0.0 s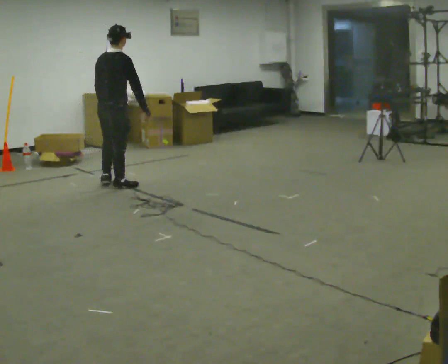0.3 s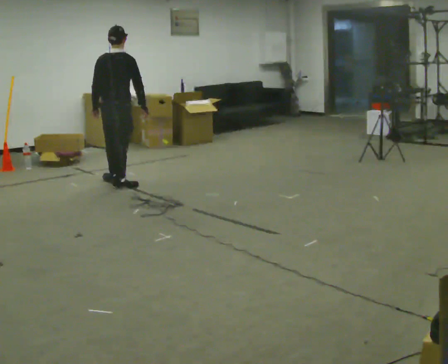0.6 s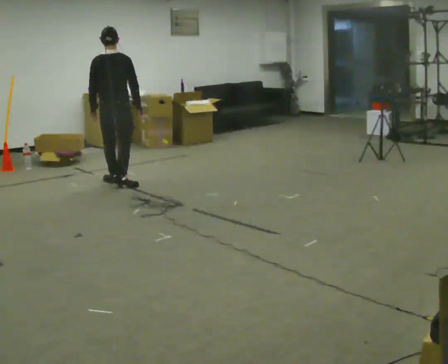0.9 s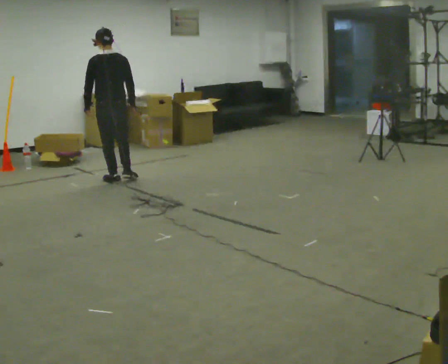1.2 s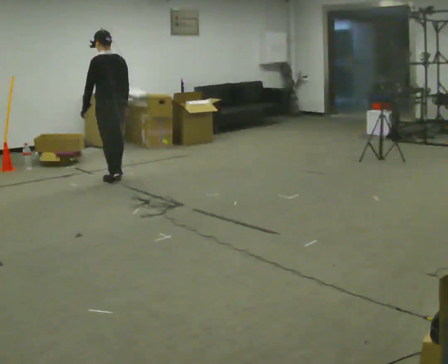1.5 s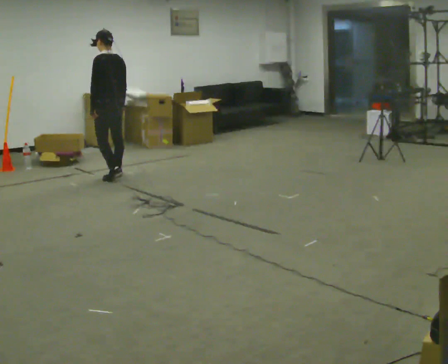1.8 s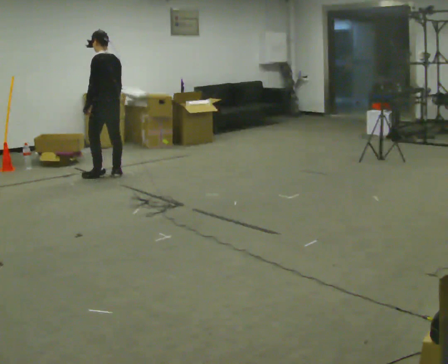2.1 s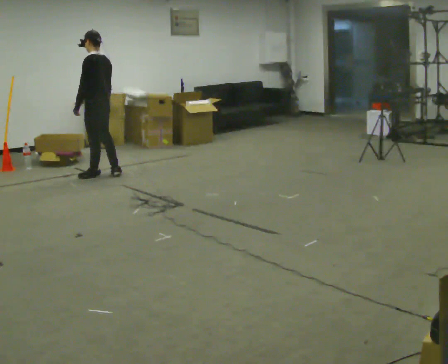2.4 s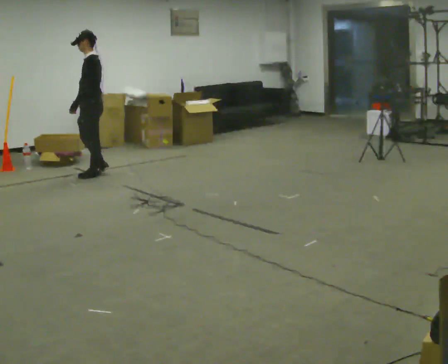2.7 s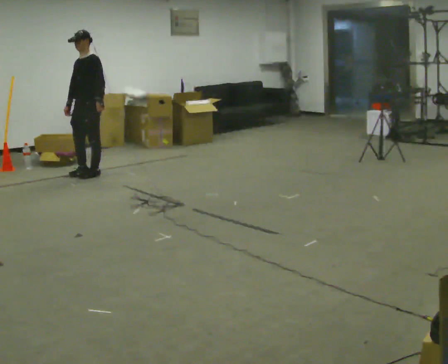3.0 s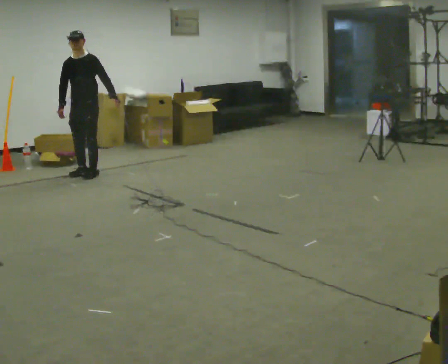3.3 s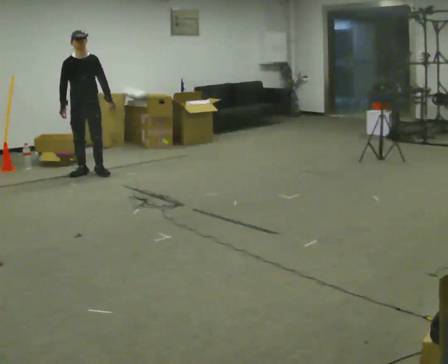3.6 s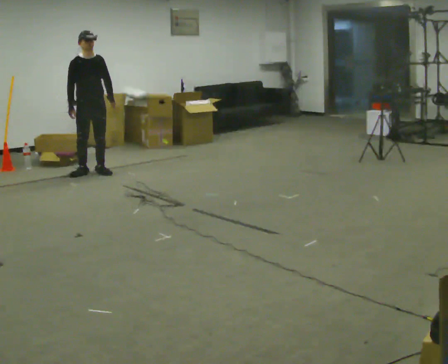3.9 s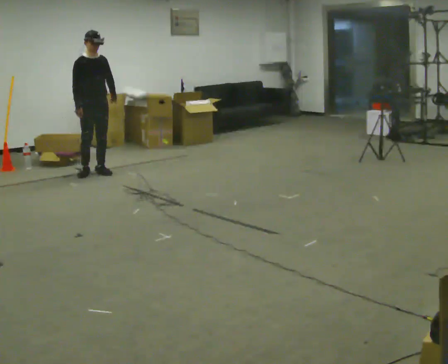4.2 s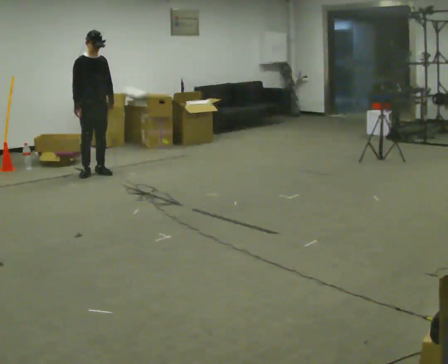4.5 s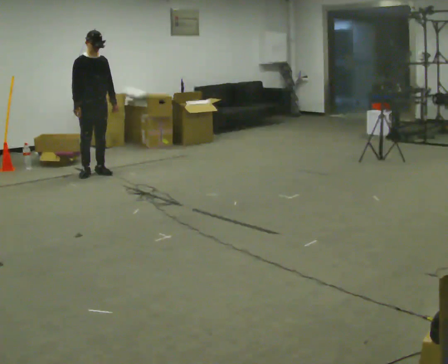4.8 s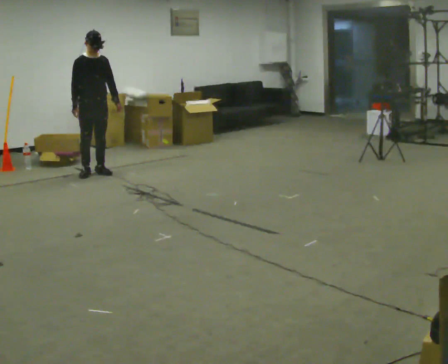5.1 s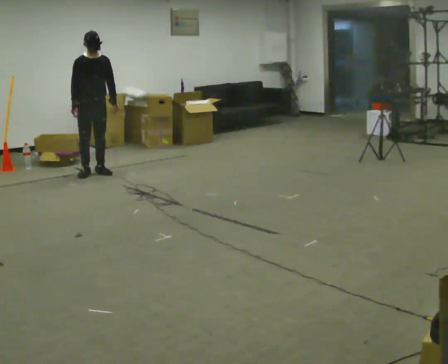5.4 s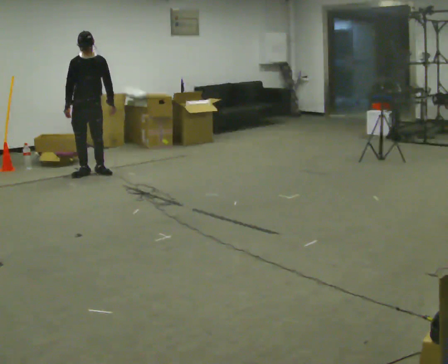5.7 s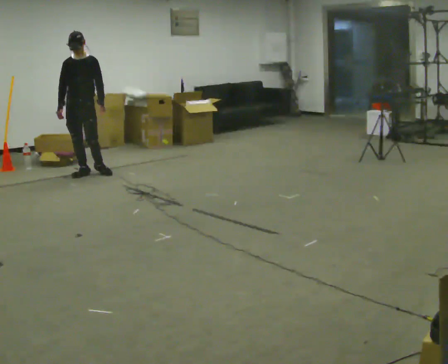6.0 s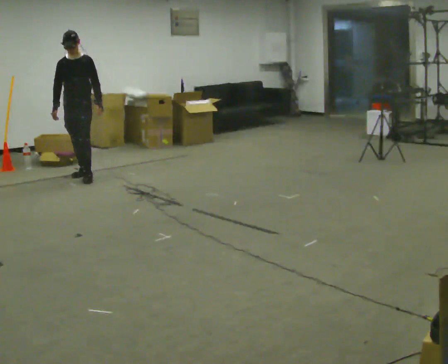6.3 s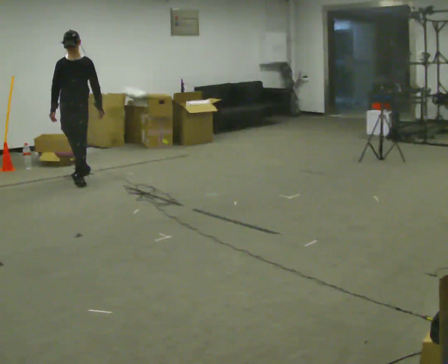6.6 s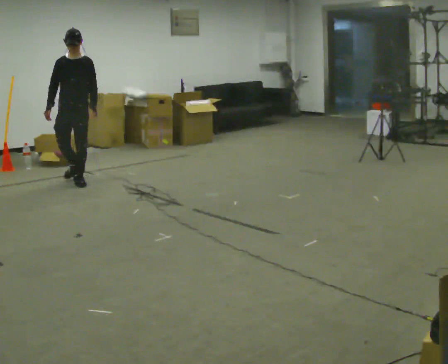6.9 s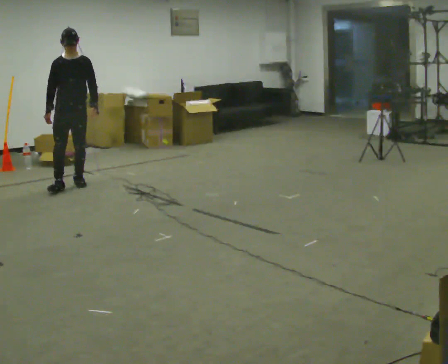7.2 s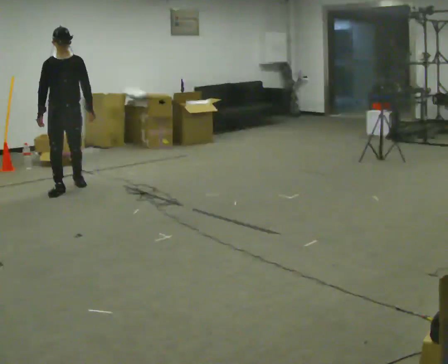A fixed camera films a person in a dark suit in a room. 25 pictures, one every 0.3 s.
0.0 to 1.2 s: Seen from above the body turns counterclockwise, about 75 degrees: to their left, with its near side sliding to the right. In the picture they go away from the camera, about 0.25 m in 2 steps.
1.2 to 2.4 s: Seen from above the body turns counterclockwise, about 75 degrees: to their left, with its near side sliding to the right. In the picture they go away from the camera and to the left, about 0.25 m in 1 step.
2.4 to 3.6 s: The person turns about 105 degrees to their left, counterclockwise seen from above, so the part of the body nearest the lens slides to the right. In the picture they go away from the camera, about 0.25 m in 2 steps. In the picture their left hand goes to the right, the arm swinging counterclockwise.
3.6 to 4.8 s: The person moves a little, or ends about where they began.
4.8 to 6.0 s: The part of the body nearest the lens slides to the left as the person turns to their right by about 30 degrees. In the picture they go to the left, about 0.25 m, which for them is forward and to their right.
6.0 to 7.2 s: In the picture they go toward the camera and to the left, about 0.5 m in 2 steps, which for them is forward.
The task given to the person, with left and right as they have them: Walk forward; gradually curve left/right; straighten out.
The film runs forward here.
